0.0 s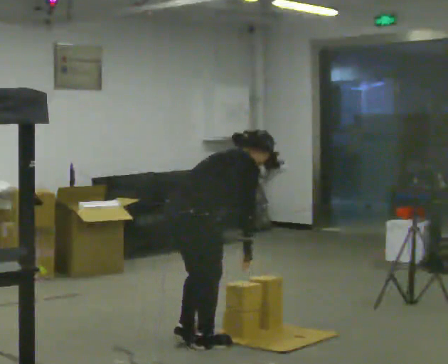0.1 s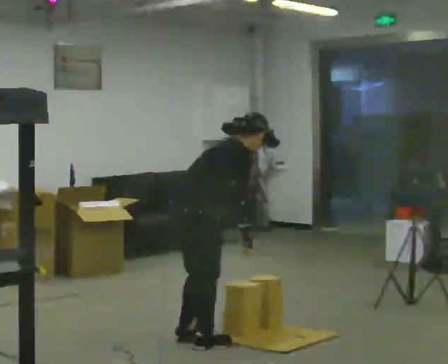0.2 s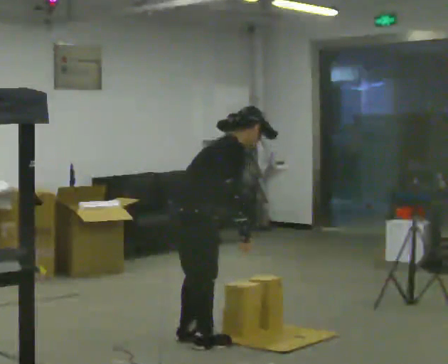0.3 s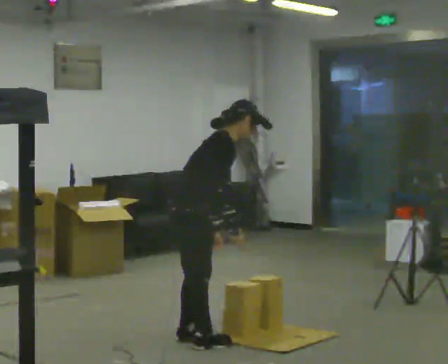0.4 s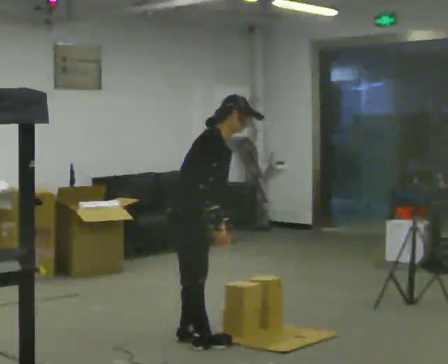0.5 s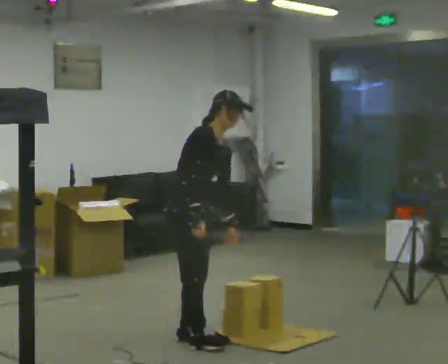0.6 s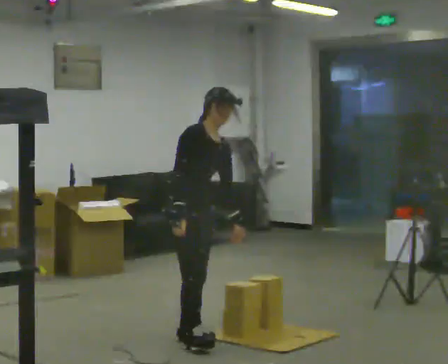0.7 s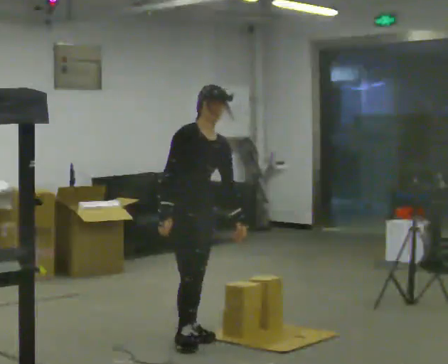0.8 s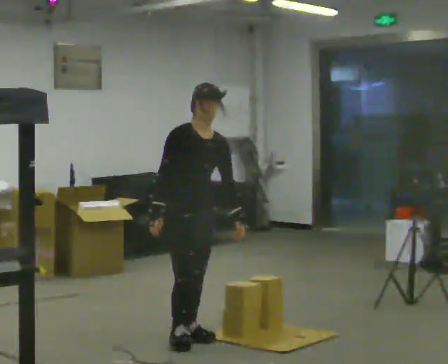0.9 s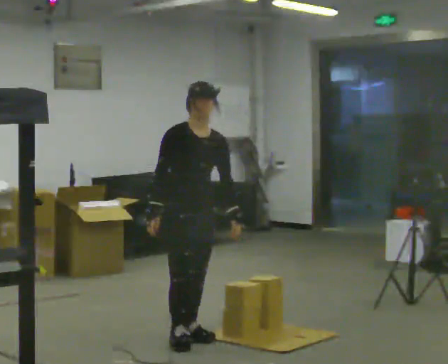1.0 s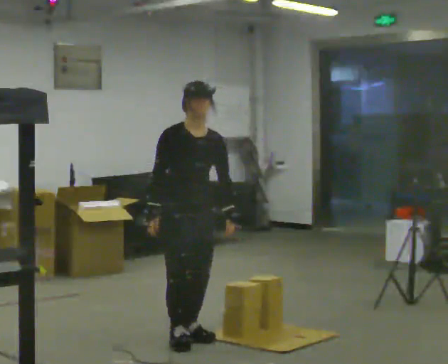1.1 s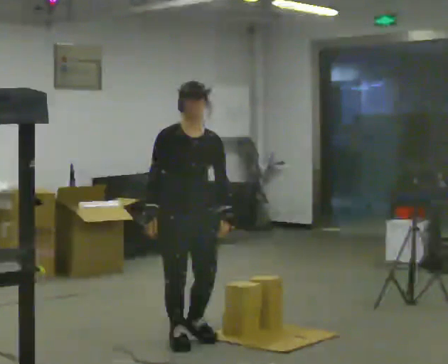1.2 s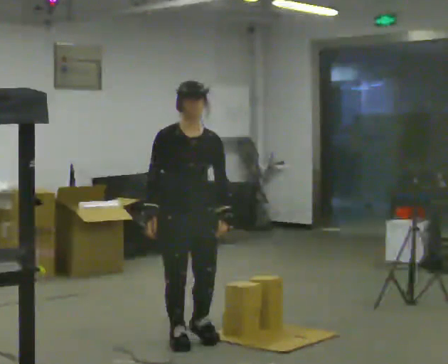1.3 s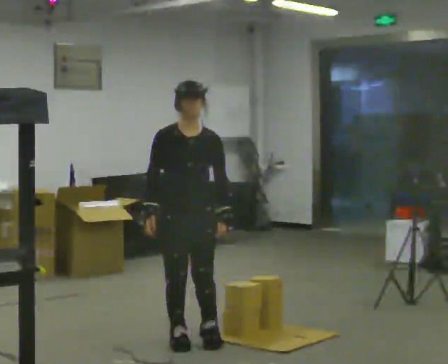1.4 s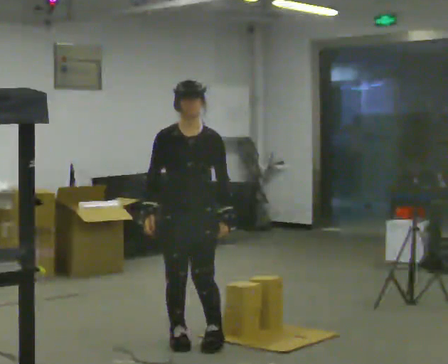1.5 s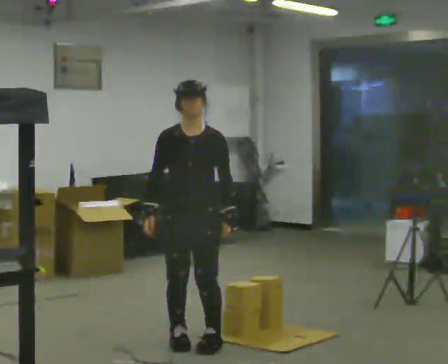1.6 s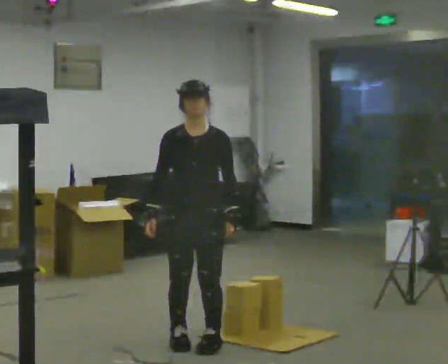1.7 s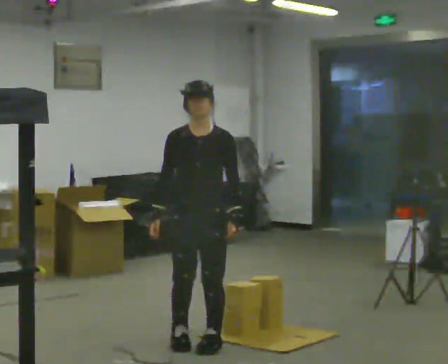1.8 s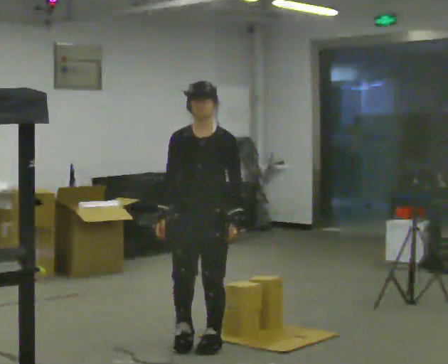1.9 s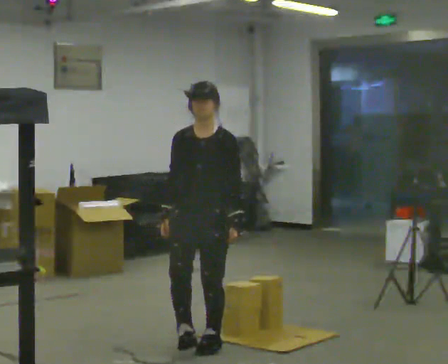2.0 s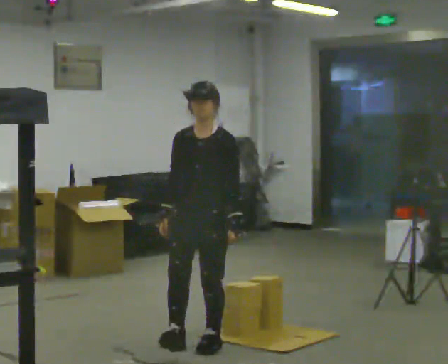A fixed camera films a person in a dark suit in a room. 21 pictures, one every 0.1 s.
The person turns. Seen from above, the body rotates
clockwise.
The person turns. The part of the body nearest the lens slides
to the left.
0.0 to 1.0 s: The person turns about 105 degrees to their right, clockwise seen from above, so the part of the body nearest the lens slides to the left. In the picture the upper body tilts counterclockwise, shoulders to the left, as they lean back or straighten.
1.0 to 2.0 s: Seen from above the body turns clockwise, about 45 degrees: to their right, with its near side sliding to the left.
The film runs forward here.
